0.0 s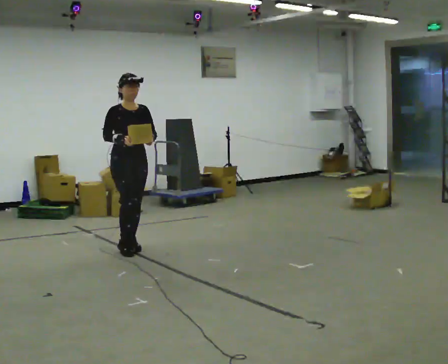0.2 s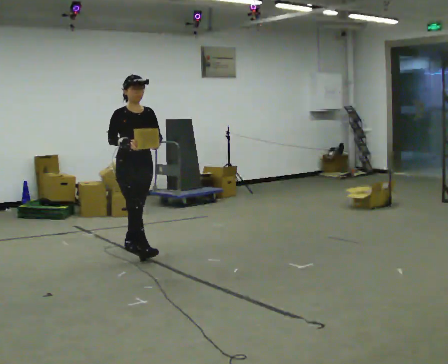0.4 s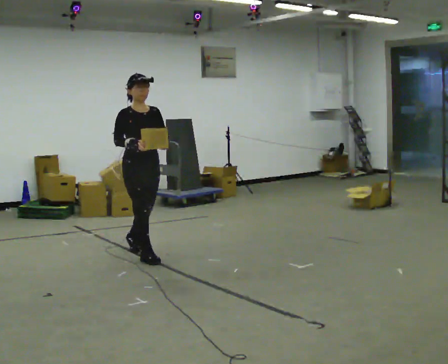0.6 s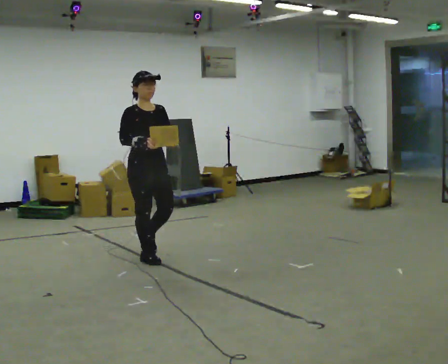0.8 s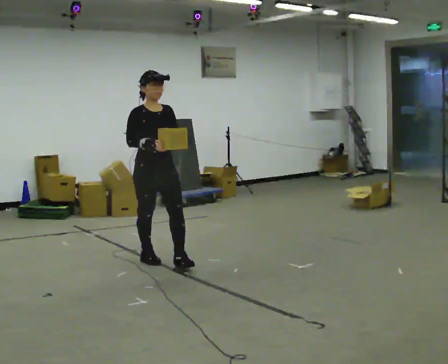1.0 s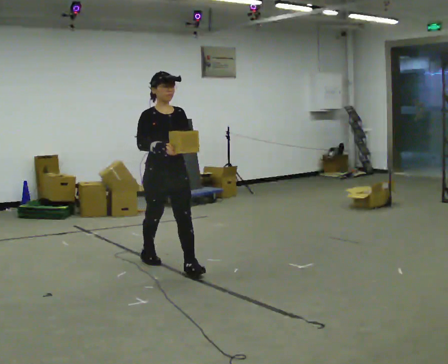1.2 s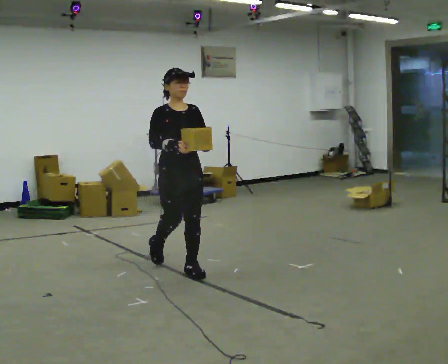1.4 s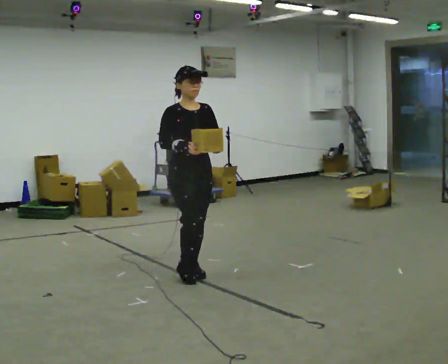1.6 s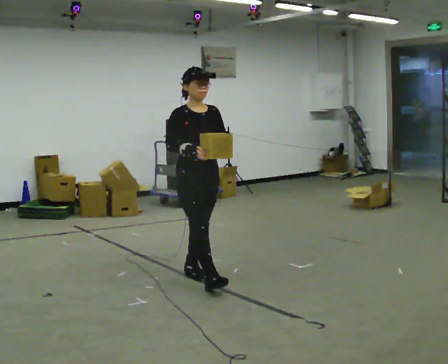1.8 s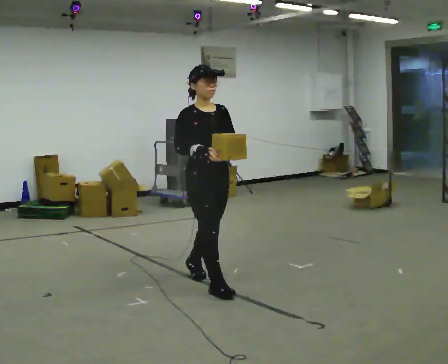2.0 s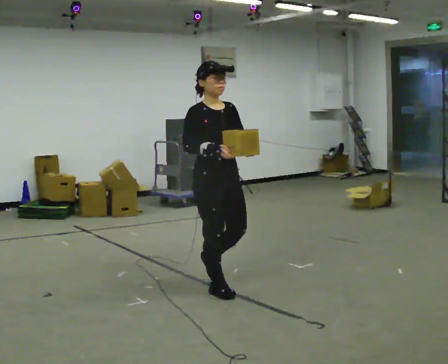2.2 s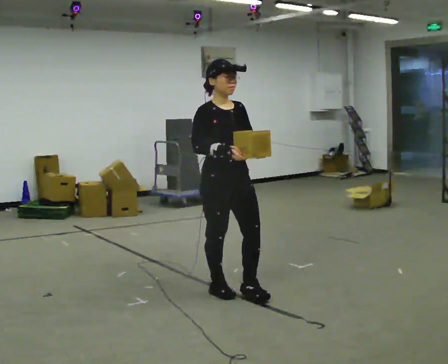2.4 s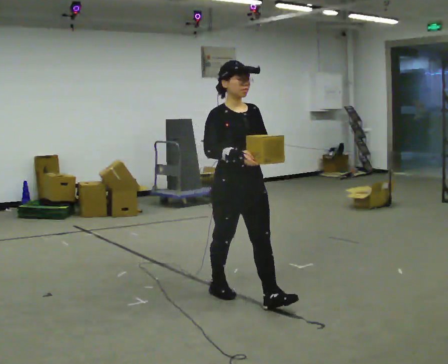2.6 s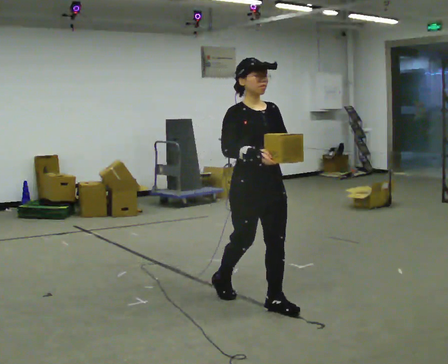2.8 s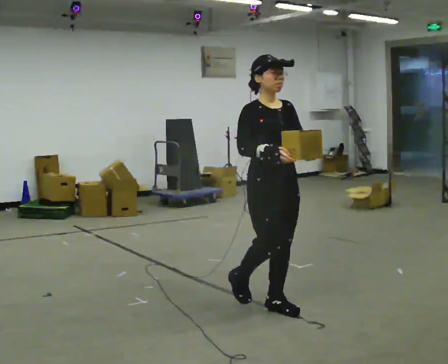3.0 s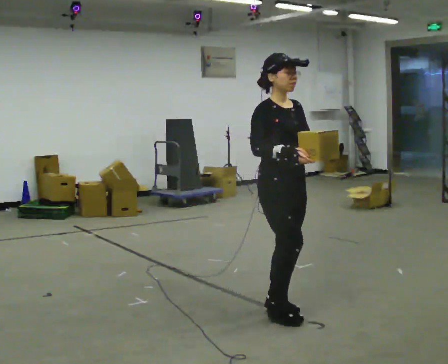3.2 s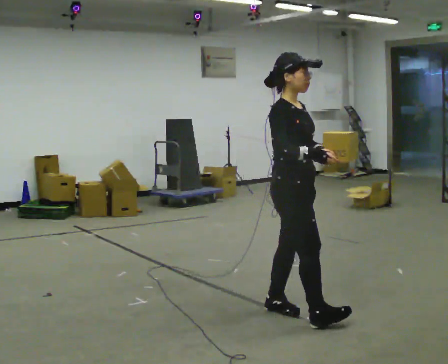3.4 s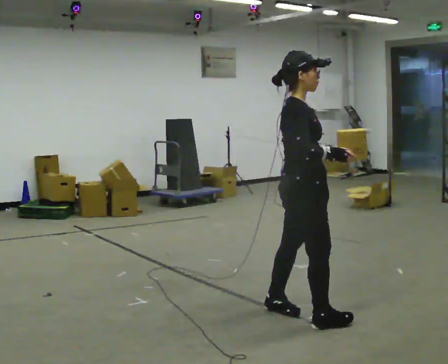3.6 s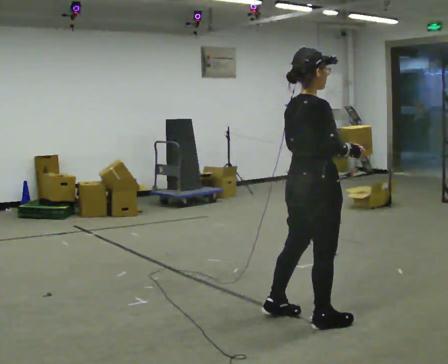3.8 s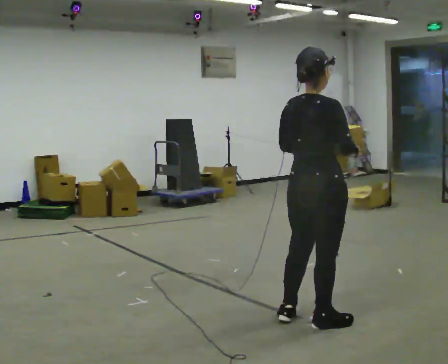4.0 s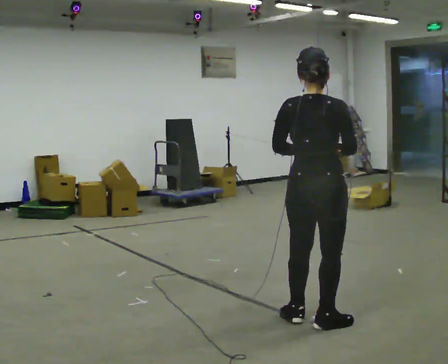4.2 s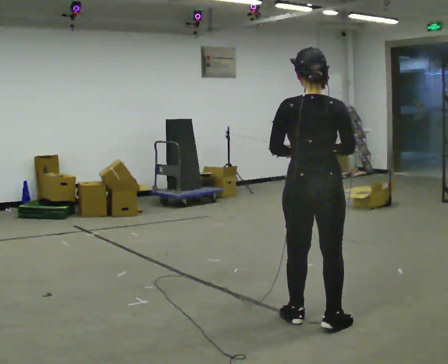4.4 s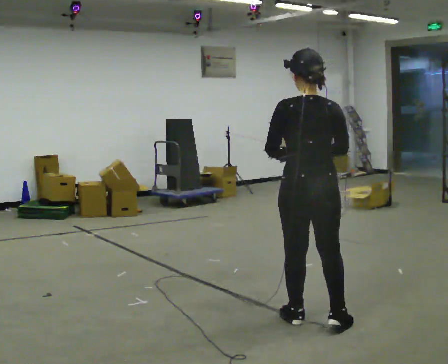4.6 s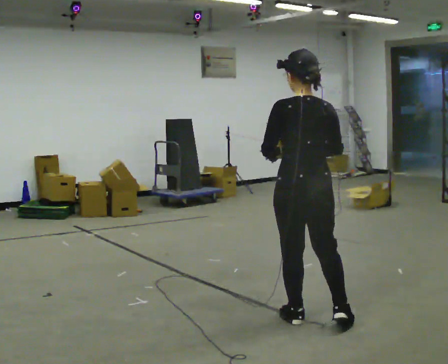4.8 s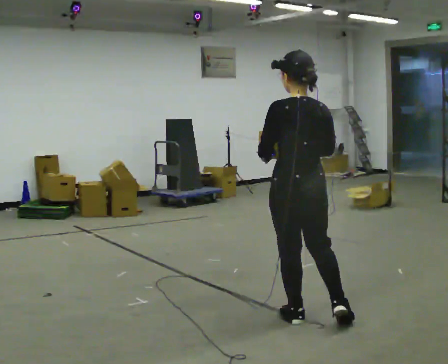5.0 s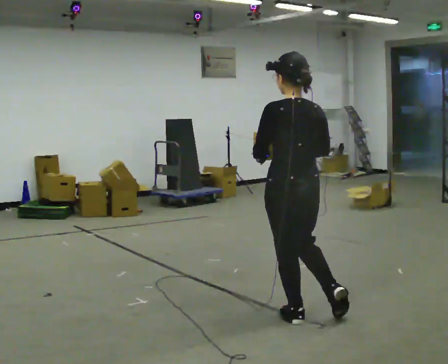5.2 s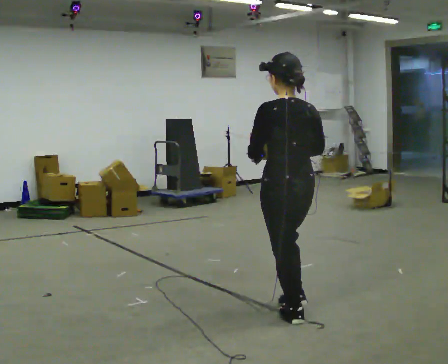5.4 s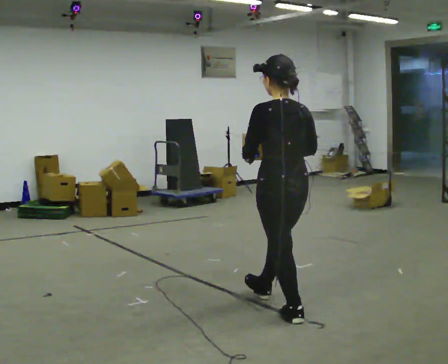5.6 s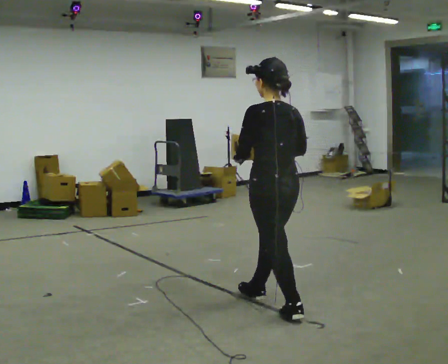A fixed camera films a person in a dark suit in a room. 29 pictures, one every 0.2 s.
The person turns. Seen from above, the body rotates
counterclockwise.
The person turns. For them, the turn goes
to their left.
0.0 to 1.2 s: In the picture they go toward the camera and to the right, about 1 m in 2 steps, which for them is forward.
1.2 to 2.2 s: In the picture they go toward the camera and to the right, about 0.5 m in 1 step, which for them is forward.
2.2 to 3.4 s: Seen from above the body turns counterclockwise, about 60 degrees: to their left, with its near side sliding to the right. In the picture they go toward the camera and to the right, about 0.75 m in 2 steps.
3.4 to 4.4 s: The part of the body nearest the lens slides to the right as the person turns to their left by about 90 degrees.
4.4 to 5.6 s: In the picture they go away from the camera and to the left, about 0.5 m in 1 step, which for them is forward.
The film runs forward here.
